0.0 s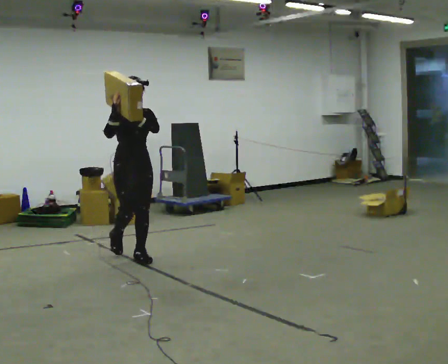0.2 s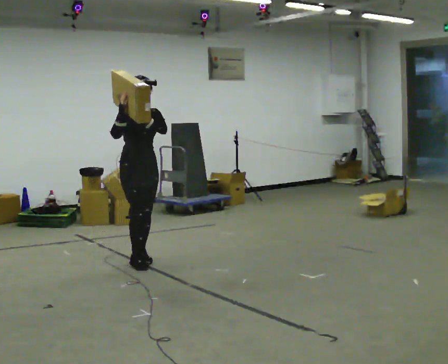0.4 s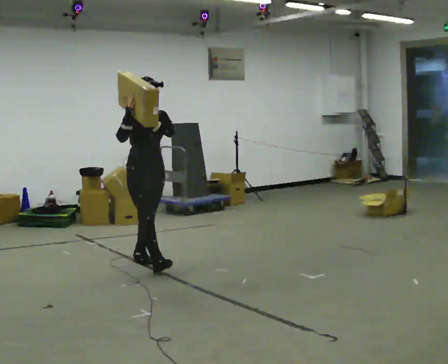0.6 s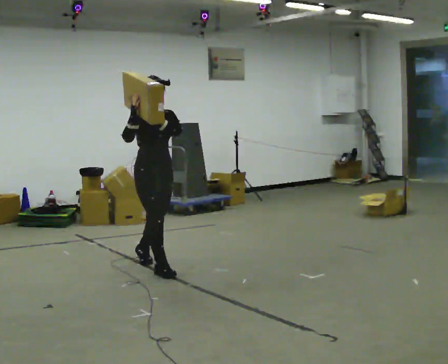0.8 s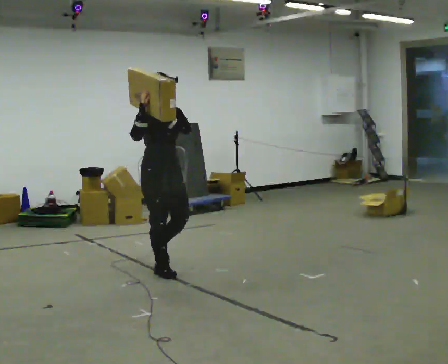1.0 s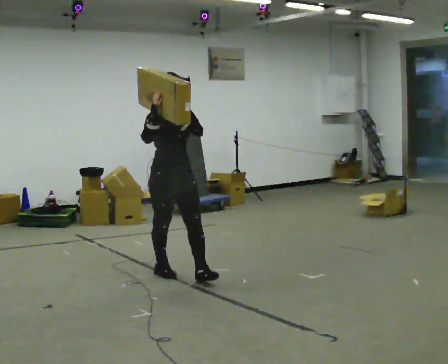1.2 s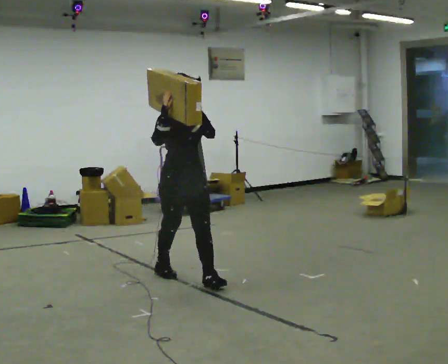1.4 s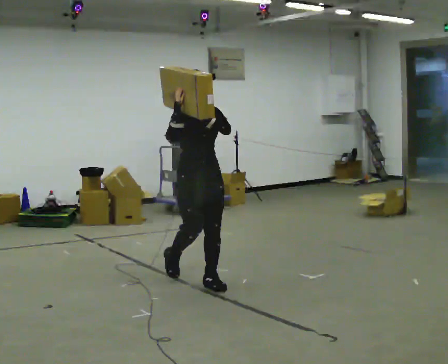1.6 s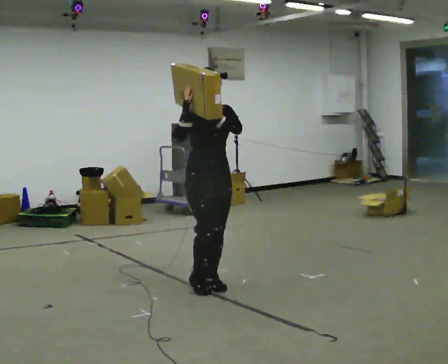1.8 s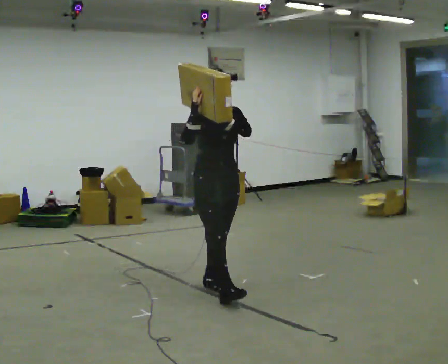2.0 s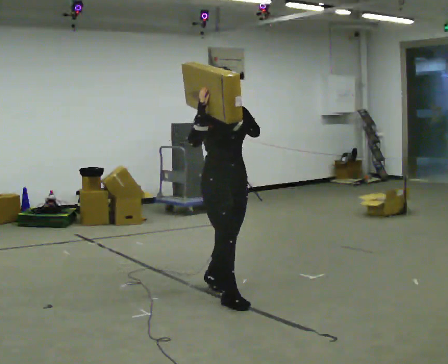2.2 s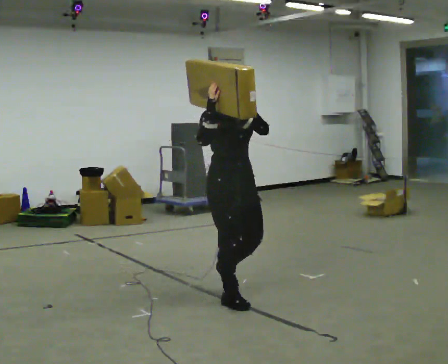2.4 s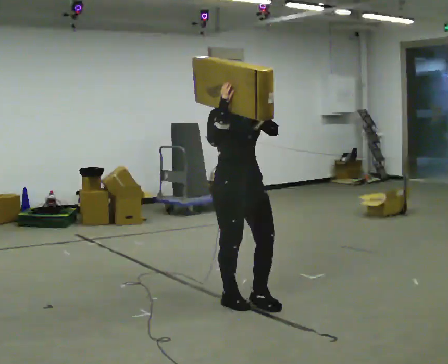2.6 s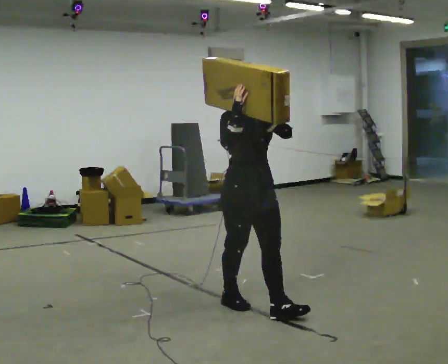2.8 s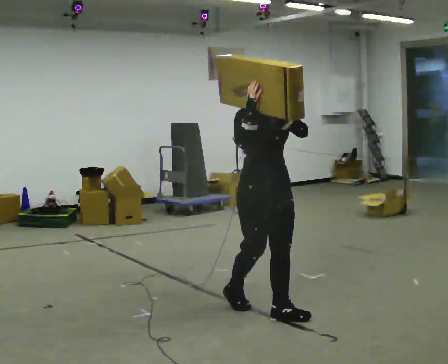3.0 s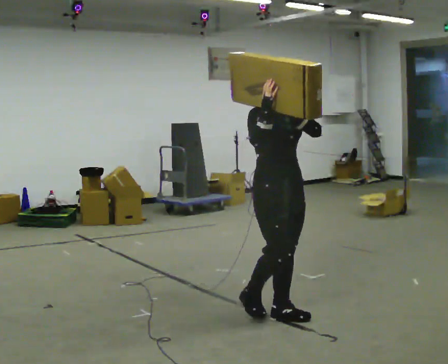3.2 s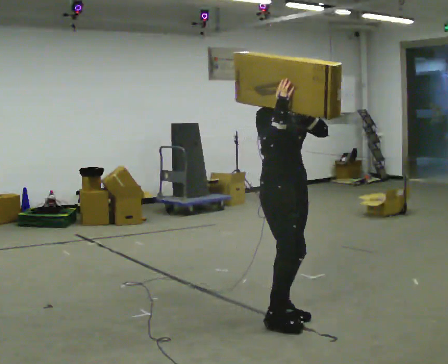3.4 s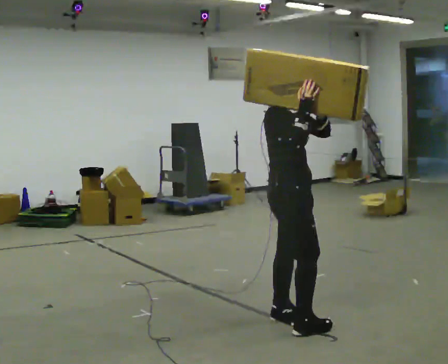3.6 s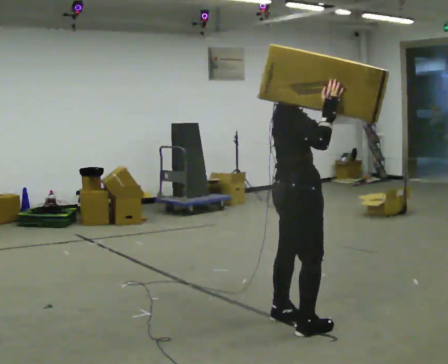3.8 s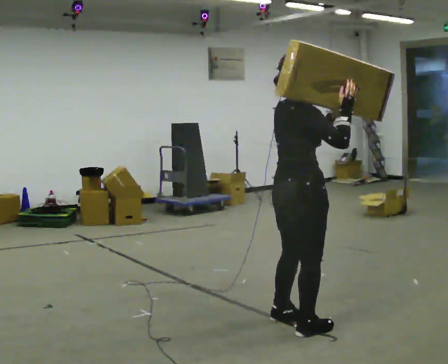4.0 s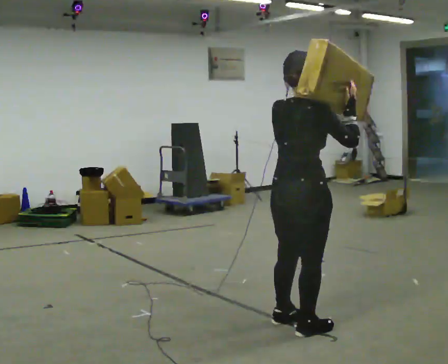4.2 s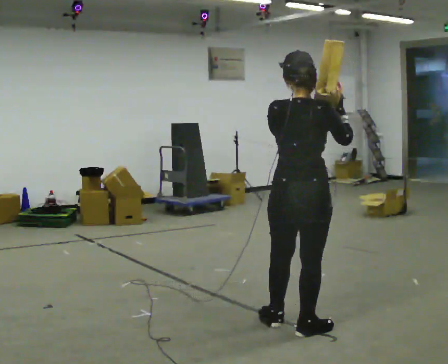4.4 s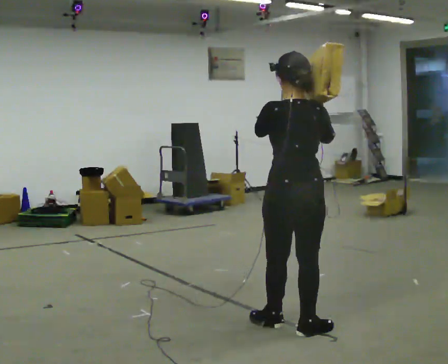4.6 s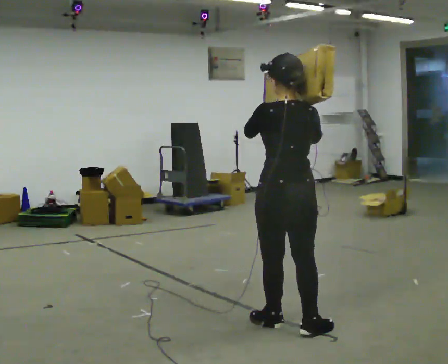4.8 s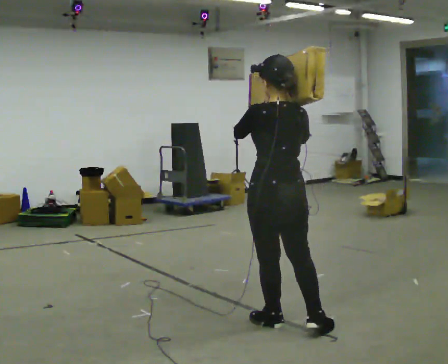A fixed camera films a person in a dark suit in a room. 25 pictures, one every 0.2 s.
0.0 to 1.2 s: In the picture they go toward the camera and to the right, about 1 m in 2 steps, which for them is forward.
1.2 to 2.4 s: In the picture they go toward the camera and to the right, about 1 m in 1 step, which for them is forward.
2.4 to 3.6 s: The person turns about 60 degrees to their left, counterclockwise seen from above, so the part of the body nearest the lens slides to the right. In the picture they go toward the camera and to the right, about 0.5 m in 2 steps.
3.6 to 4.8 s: The part of the body nearest the lens slides to the right as the person turns to their left by about 105 degrees.
The film runs forward here.
